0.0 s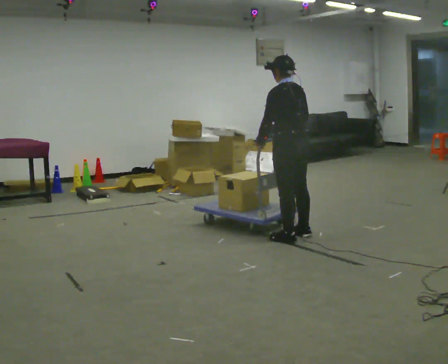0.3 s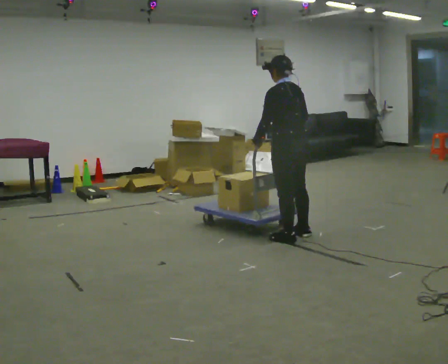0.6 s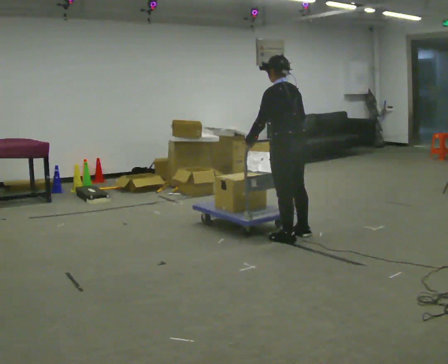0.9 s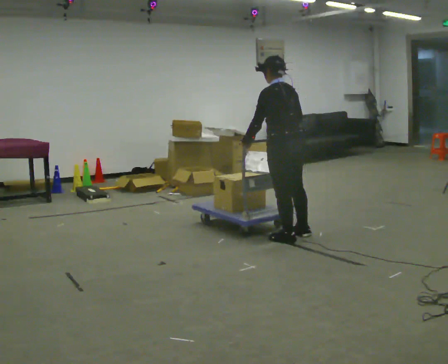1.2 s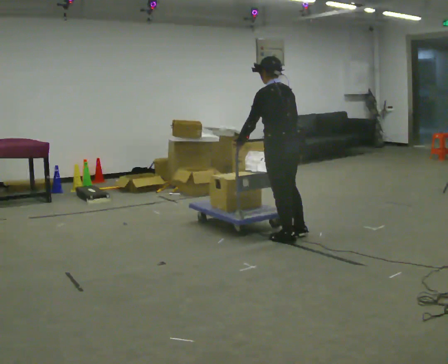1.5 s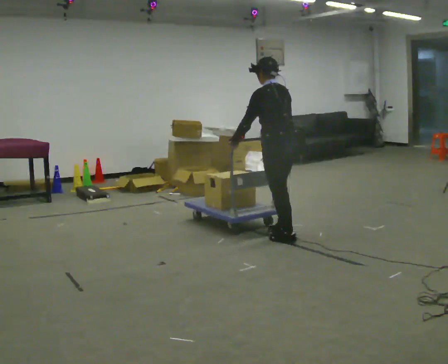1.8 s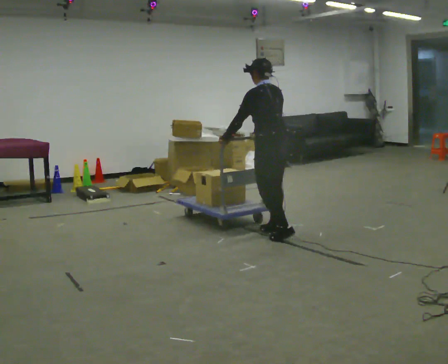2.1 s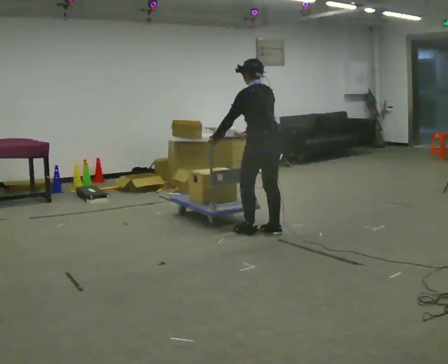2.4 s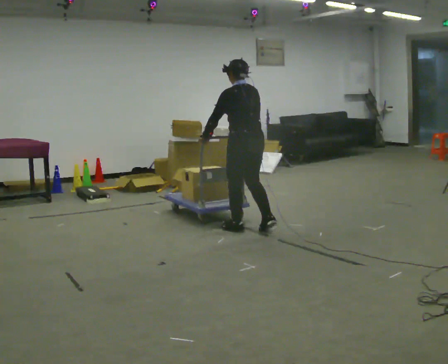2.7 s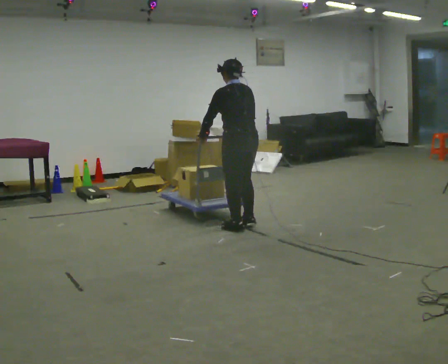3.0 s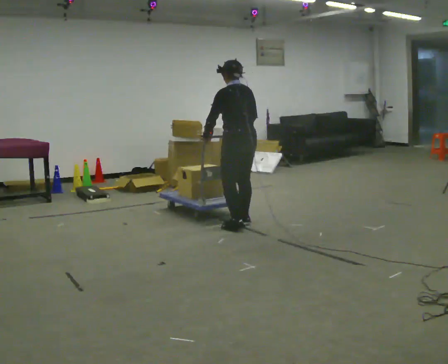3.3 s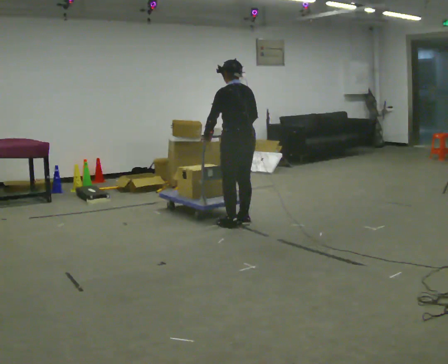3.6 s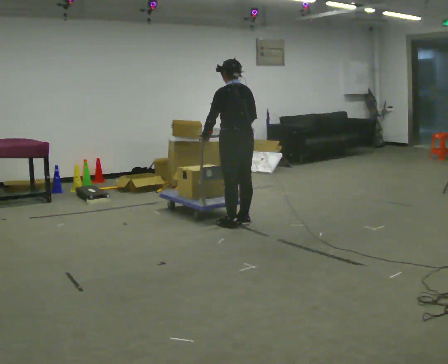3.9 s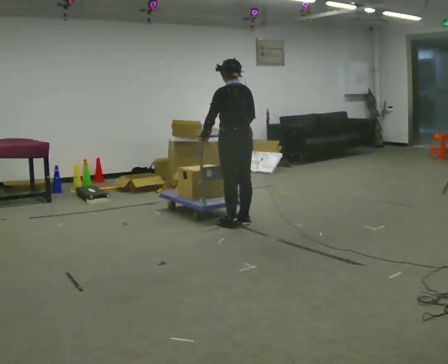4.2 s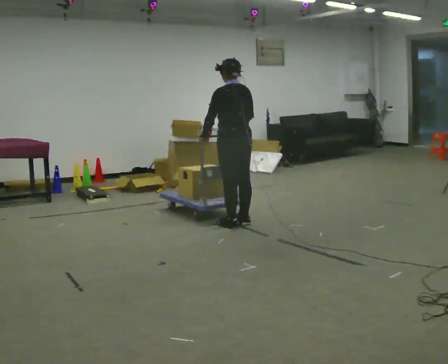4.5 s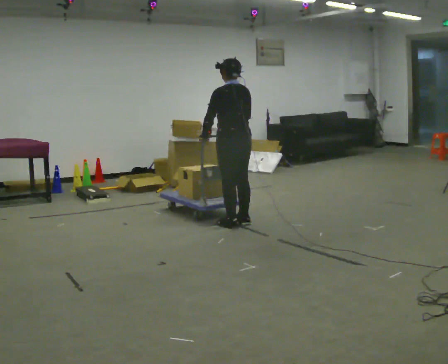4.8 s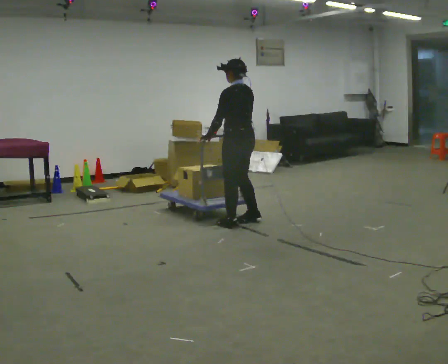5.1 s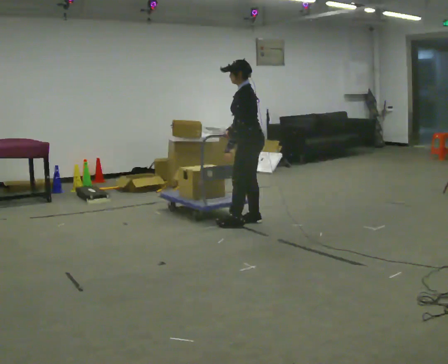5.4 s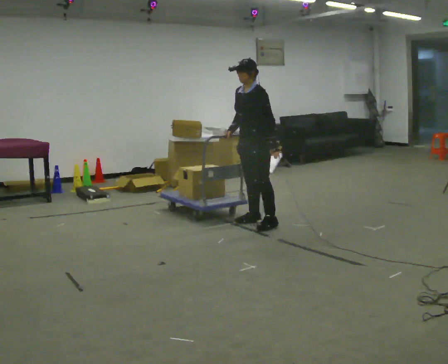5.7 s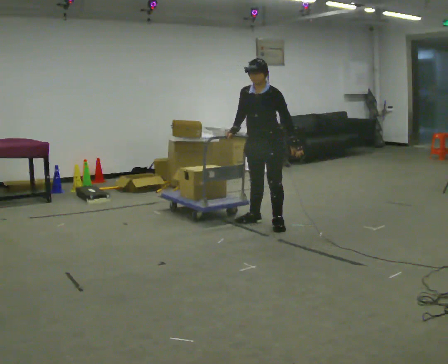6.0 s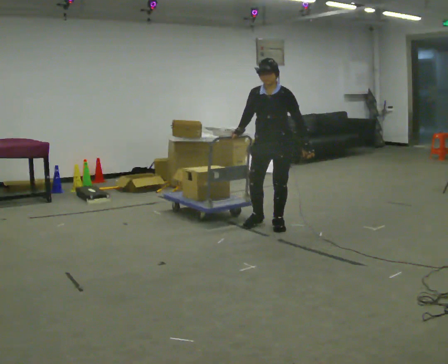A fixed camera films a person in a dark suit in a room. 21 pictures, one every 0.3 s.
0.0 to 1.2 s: The person moves a little, or ends about where they began.
1.2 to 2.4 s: In the picture they go to the left and away from the camera, about 0.5 m in 2 steps, which for them is forward.
2.4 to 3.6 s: In the picture they go away from the camera, about 0.25 m in 2 steps, which for them is forward.
3.6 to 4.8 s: The person moves a little, or ends about where they began.
4.8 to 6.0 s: The person turns about 105 degrees to their left, counterclockwise seen from above, so the part of the body nearest the lens slides to the right. In the picture they go to the right, about 0.25 m in 1 step.
The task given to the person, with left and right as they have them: Get the cart into the marked parking space and lined up with the tape. Take as many adjustments as you need. Then take it out again and repeat.
The film runs forward here.
